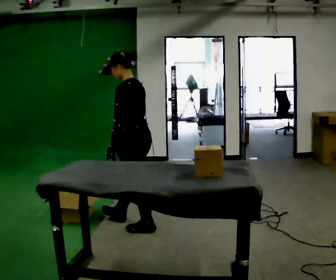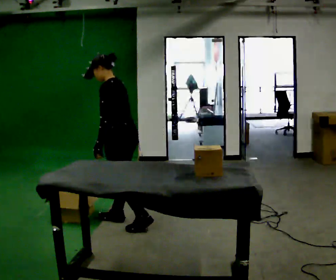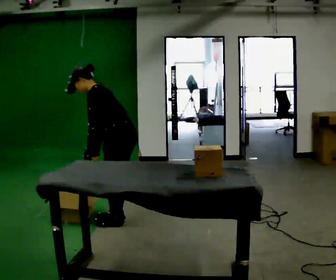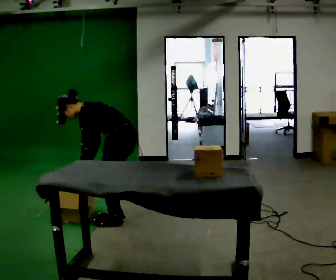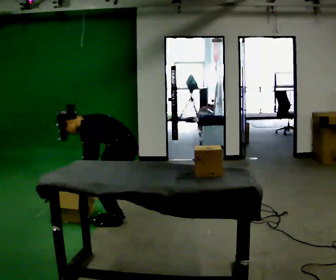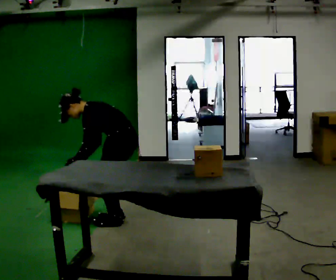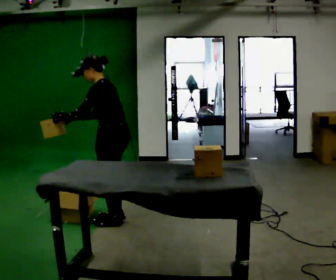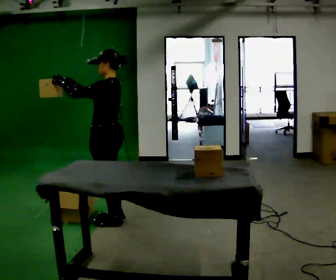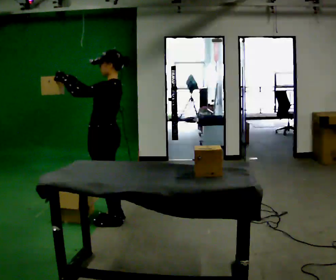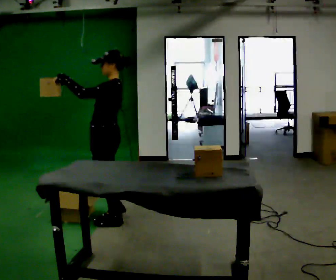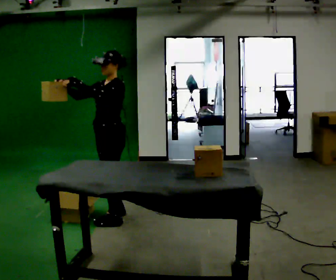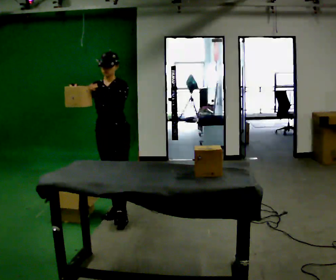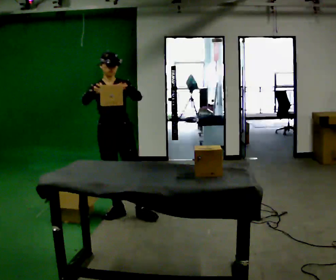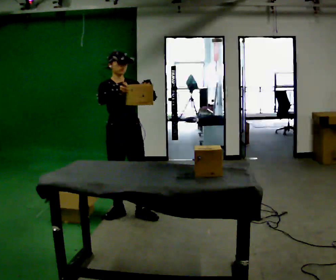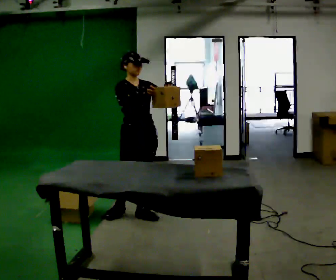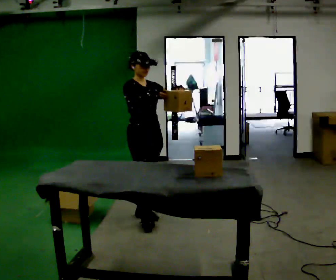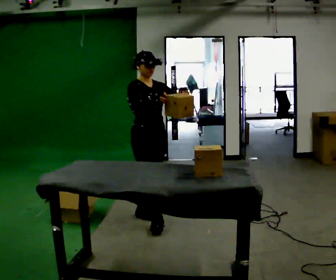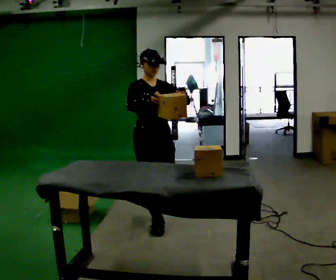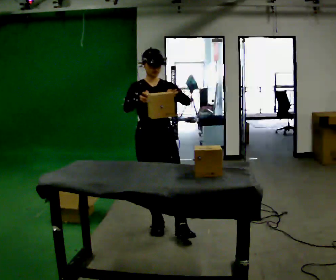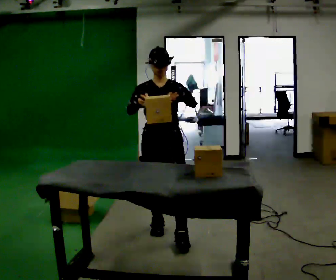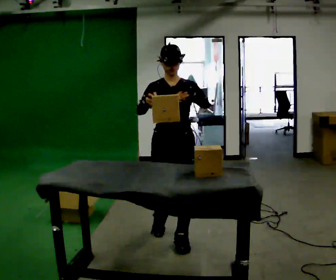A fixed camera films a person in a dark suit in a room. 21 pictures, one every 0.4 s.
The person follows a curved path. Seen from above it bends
clockwise.
0.0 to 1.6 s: In the picture they go away from the camera, about 0.25 m in 1 step, which for them is to their right and forward. The shoulders move downward. In the picture the upper body tilts counterclockwise, shoulders to the left, as they bend forward. In the picture their right hand goes to the left and downward.
1.6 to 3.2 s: In the picture they go to the left, about 0.25 m, which for them is forward. The upper body goes upward. In the picture the upper body tilts clockwise, shoulders to the right, as they lean back or straighten. In the picture their right hand goes upward, the arm swinging clockwise.
3.2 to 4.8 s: The person turns about 105 degrees to their left, counterclockwise seen from above, so the part of the body nearest the lens slides to the right. In the picture they go away from the camera, about 0.25 m in 2 steps. In the picture the upper body tilts counterclockwise, shoulders to the left.
4.8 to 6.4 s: Seen from above the body turns counterclockwise, about 30 degrees: to their left, with its near side sliding to the right. In the picture they go to the right and toward the camera, about 0.25 m in 1 step, which for them is forward and to their left.
6.4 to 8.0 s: The person turns about 45 degrees to their right, clockwise seen from above, so the part of the body nearest the lens slides to the left. In the picture they go toward the camera, about 0.5 m in 1 step, which for them is forward.
The film runs forward here.
